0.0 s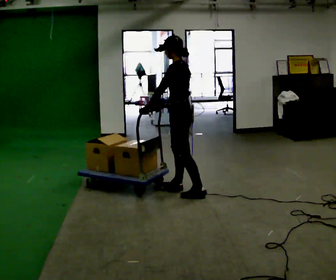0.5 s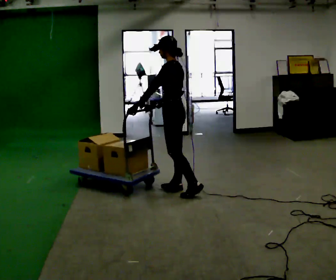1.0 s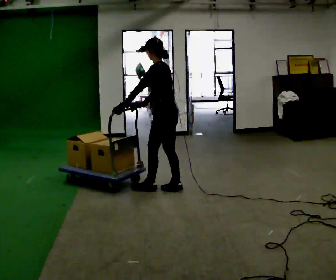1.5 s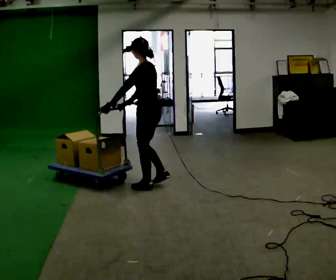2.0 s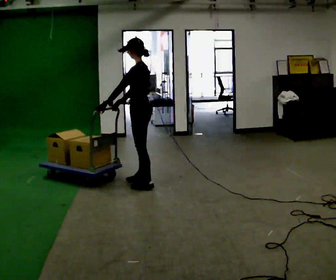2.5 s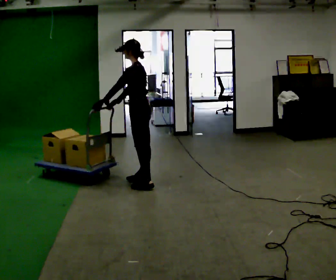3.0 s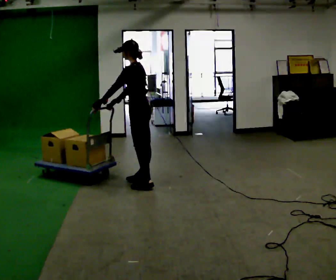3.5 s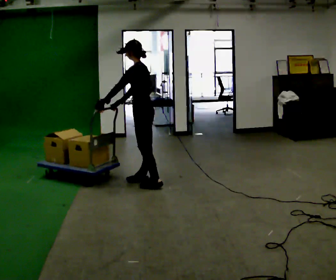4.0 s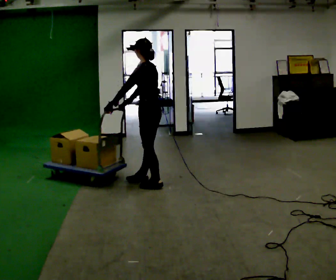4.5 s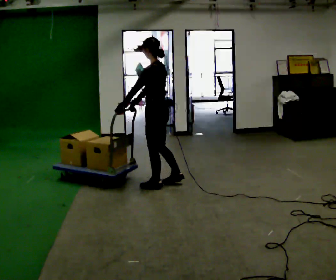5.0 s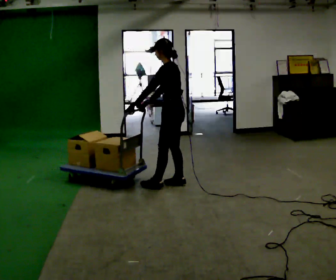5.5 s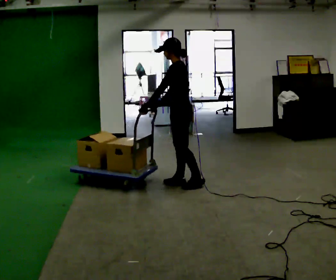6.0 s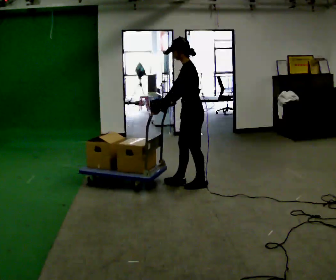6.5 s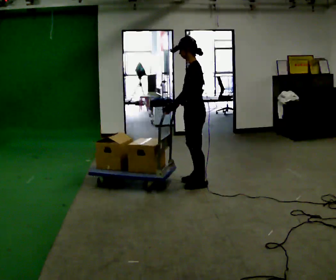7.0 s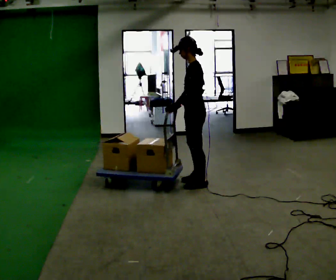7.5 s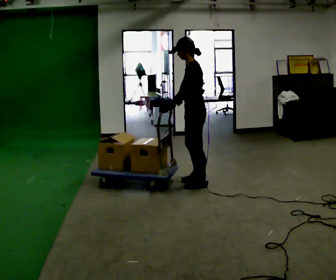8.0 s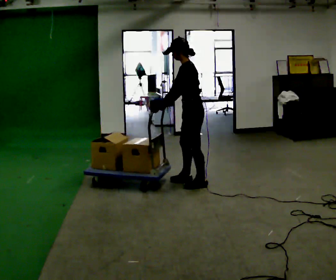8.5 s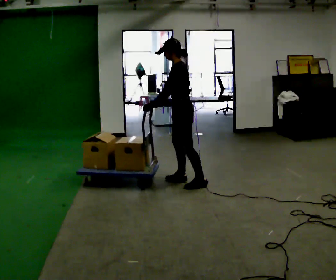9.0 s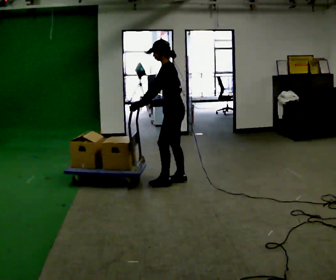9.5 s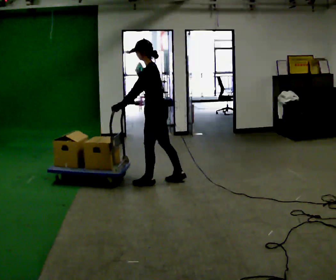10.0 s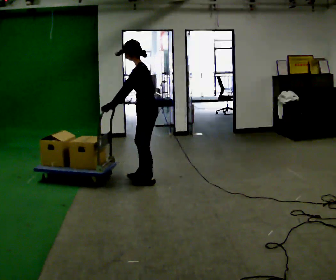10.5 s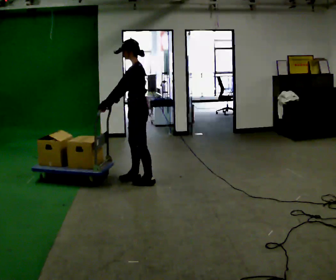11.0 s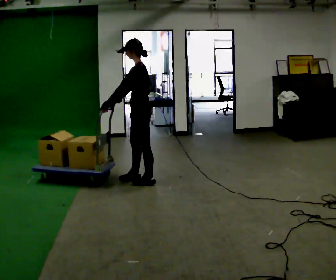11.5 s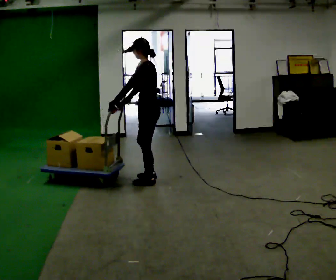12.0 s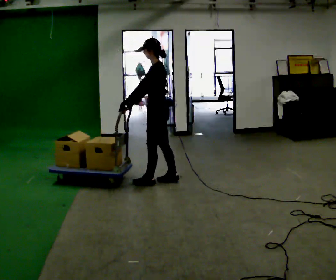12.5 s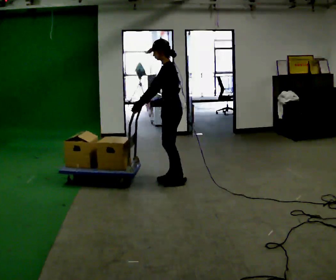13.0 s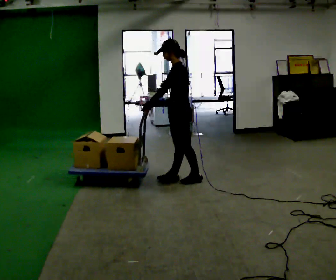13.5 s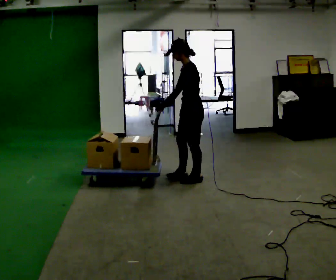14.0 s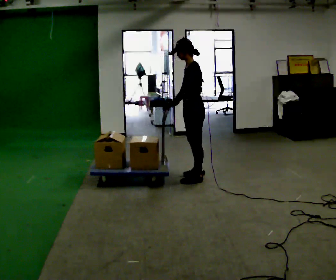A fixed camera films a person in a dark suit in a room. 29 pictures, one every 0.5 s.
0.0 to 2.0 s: In the picture they go to the left and away from the camera, about 0.5 m in 2 steps, which for them is forward.
2.0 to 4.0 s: The person moves a little, or ends about where they began.
4.0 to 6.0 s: In the picture they go to the right, about 0.5 m in 2 steps, which for them is backward and to their right.
6.0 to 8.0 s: The person moves a little, or ends about where they began.
8.0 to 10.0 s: In the picture they go to the left, about 0.5 m in 2 steps, which for them is forward.
10.0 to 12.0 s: In the picture they go to the right, about 0.25 m in 2 steps, which for them is backward.
12.0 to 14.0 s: In the picture they go to the right, about 0.5 m in 2 steps, which for them is backward.
The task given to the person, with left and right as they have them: Get the cart into the marked parking space and lined up with the tape. Take as many adjustments as you need. Then take it out again and repeat.
The film runs forward here.
